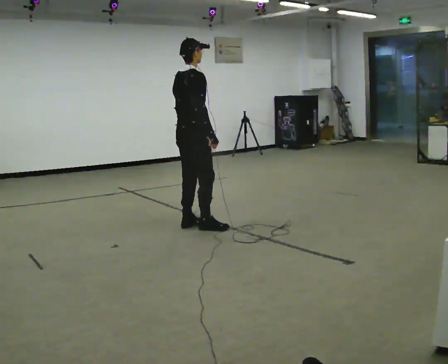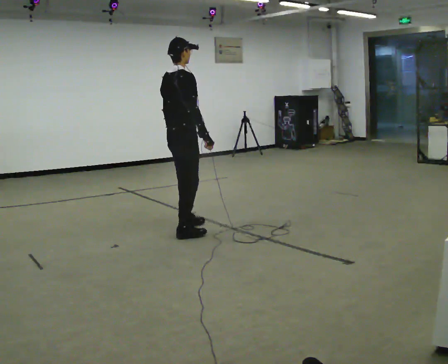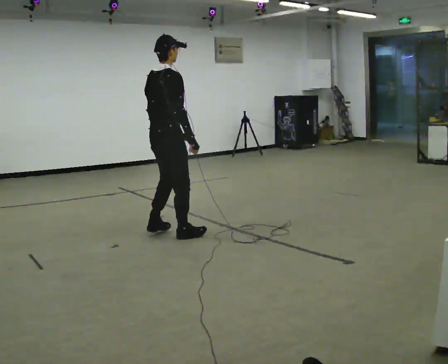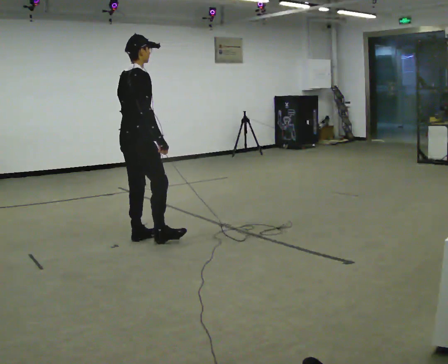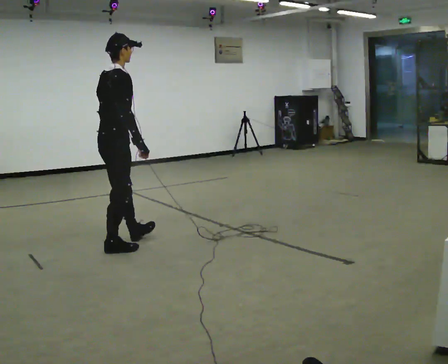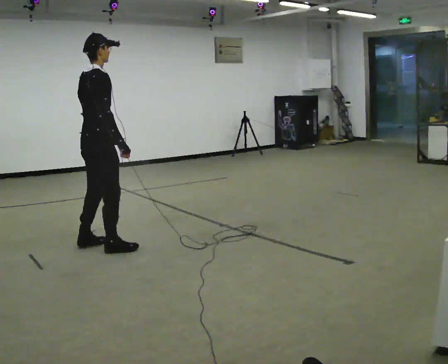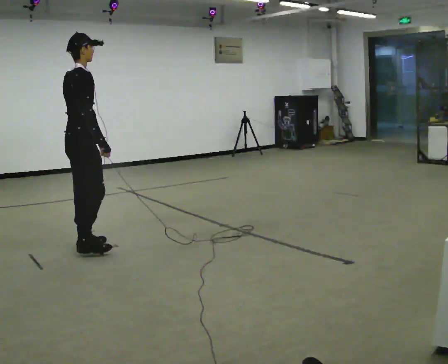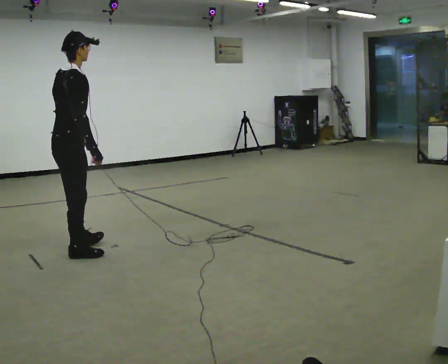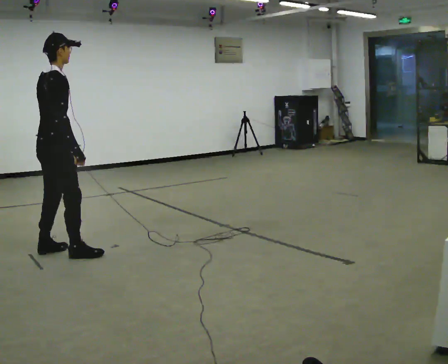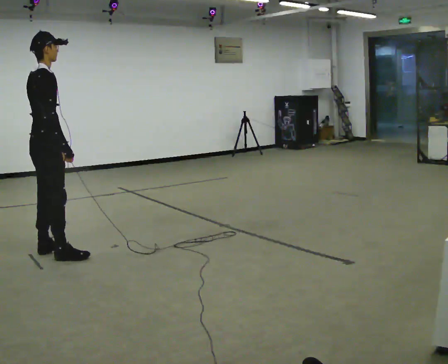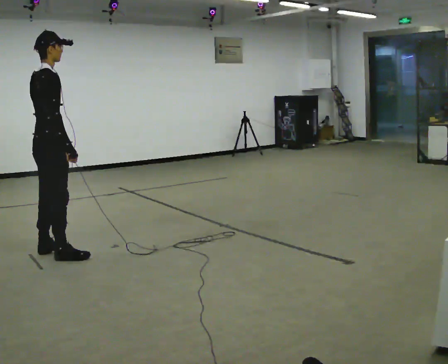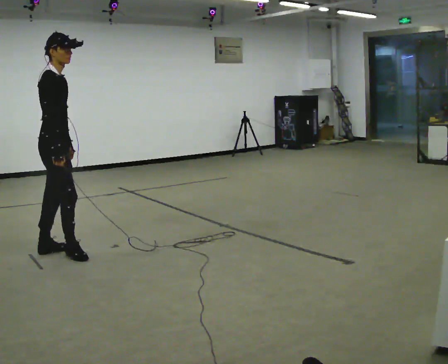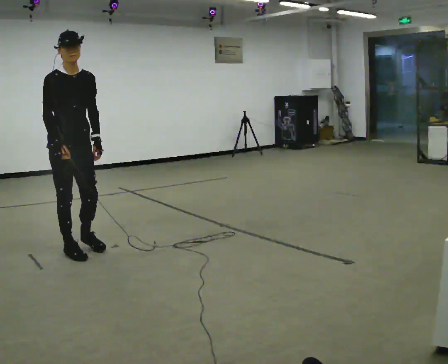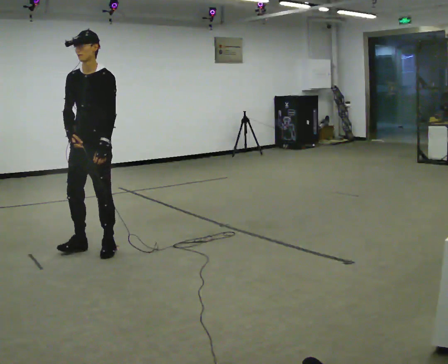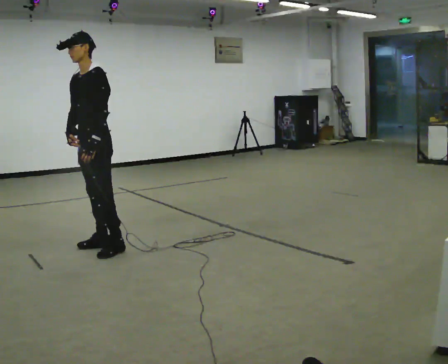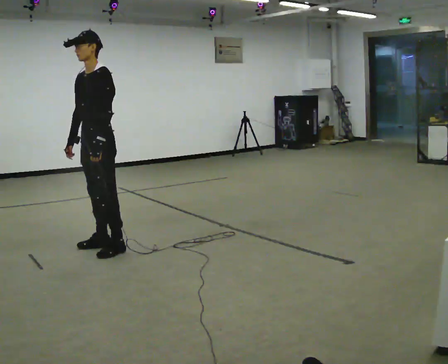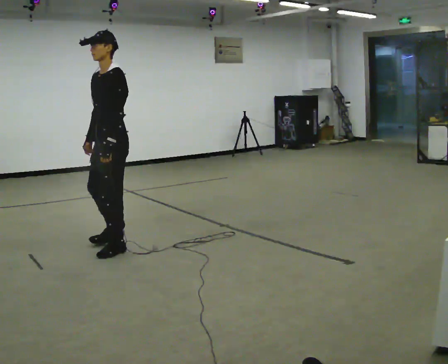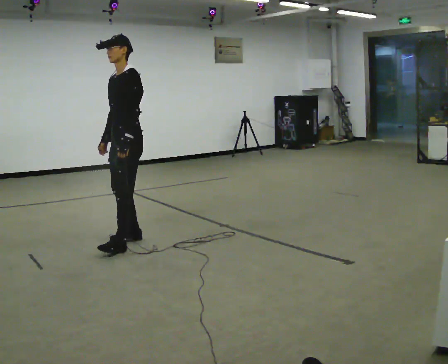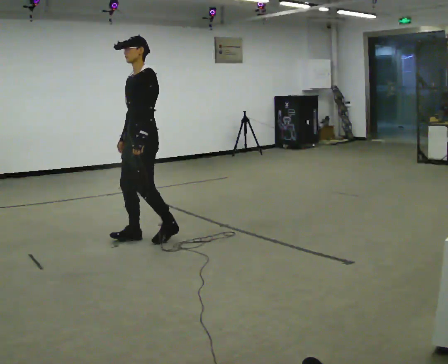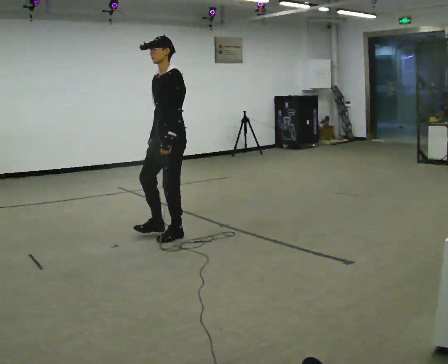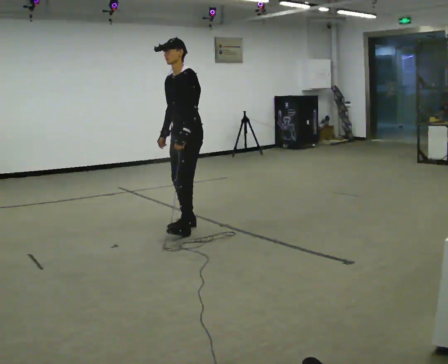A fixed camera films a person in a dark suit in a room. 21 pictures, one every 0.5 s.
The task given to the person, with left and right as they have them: Walk backward several steps, then turn while still moving backward, then continue backward. Operator confirms the space behind you is clear.
0.0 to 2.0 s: In the picture they go to the left and toward the camera, about 1 m in 3 steps, which for them is backward.
2.0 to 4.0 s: In the picture they go to the left, about 0.5 m in 3 steps, which for them is backward.
4.0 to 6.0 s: The person turns about 90 degrees to their right, clockwise seen from above, so the part of the body nearest the lens slides to the left. In the picture they go to the right, about 0.25 m in 1 step. In the picture their left hand goes to the right.
6.0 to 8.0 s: The part of the body nearest the lens slides to the left as the person turns to their right by about 90 degrees. In the picture they go to the right, about 0.5 m in 2 steps.
8.0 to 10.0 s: In the picture they go to the right and away from the camera, about 1 m in 3 steps, which for them is backward.
The film runs forward here.
